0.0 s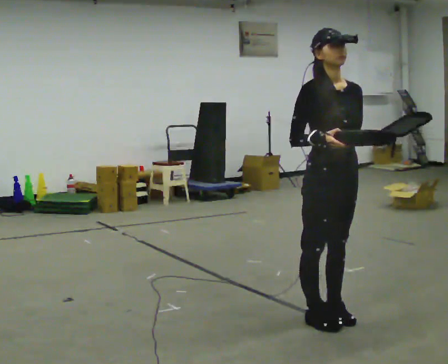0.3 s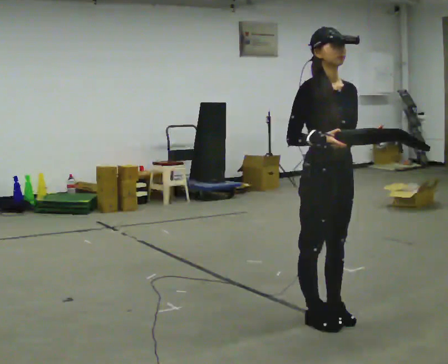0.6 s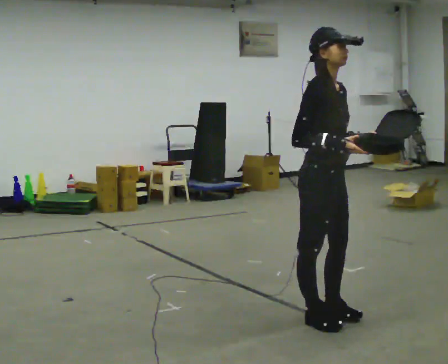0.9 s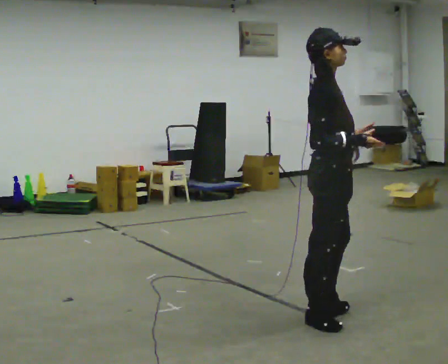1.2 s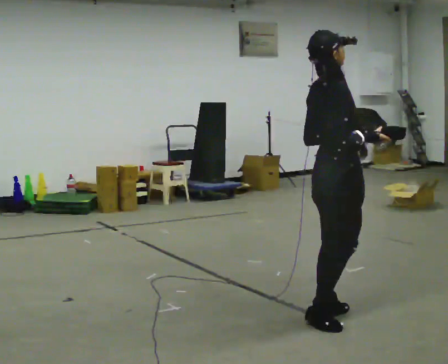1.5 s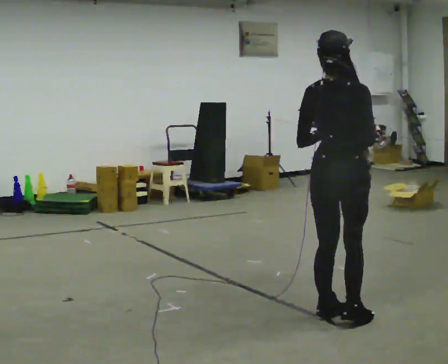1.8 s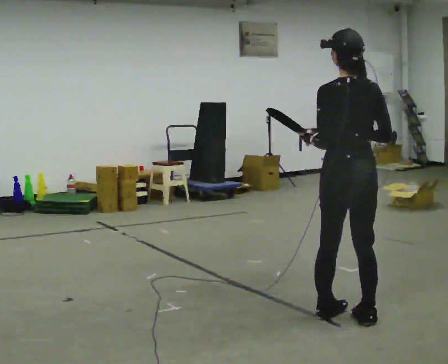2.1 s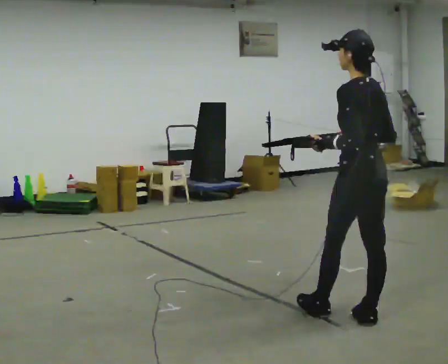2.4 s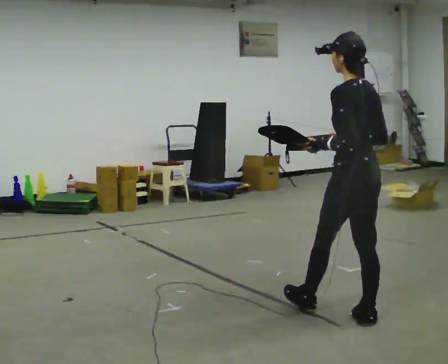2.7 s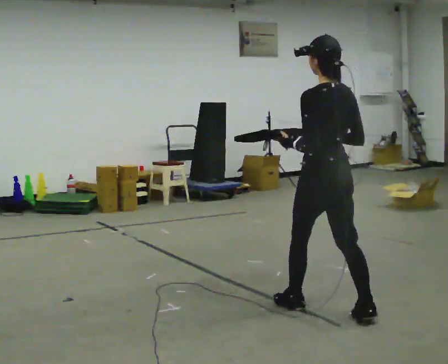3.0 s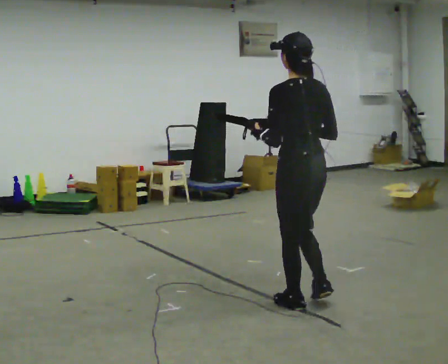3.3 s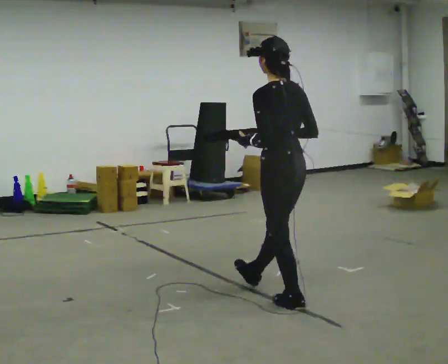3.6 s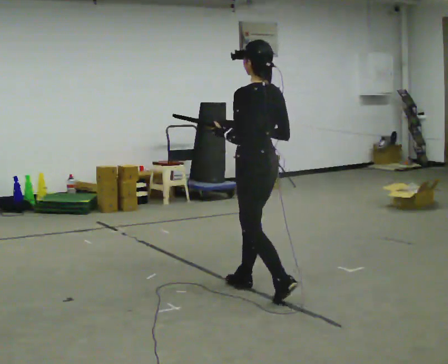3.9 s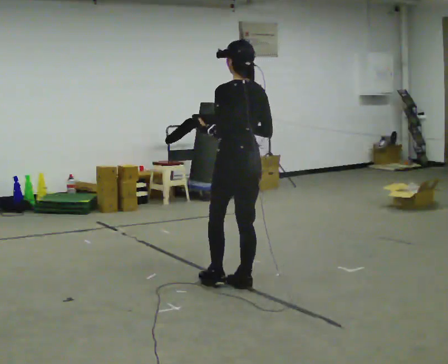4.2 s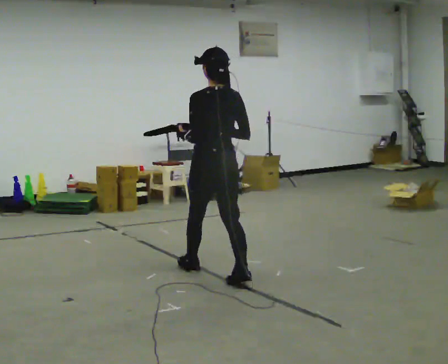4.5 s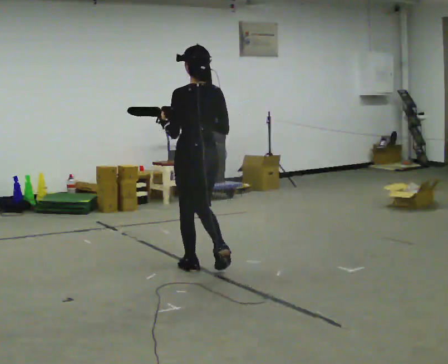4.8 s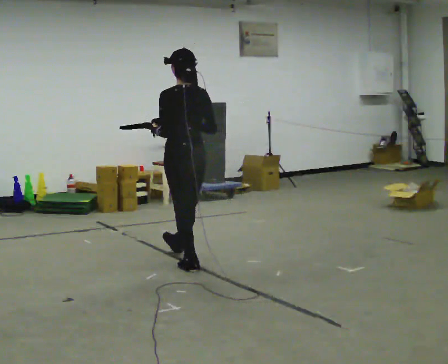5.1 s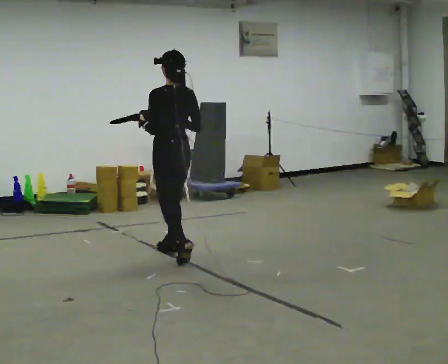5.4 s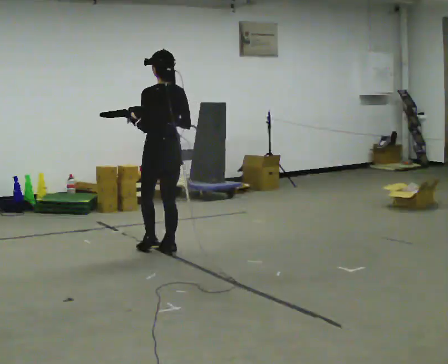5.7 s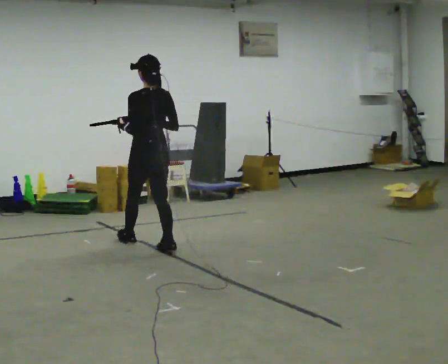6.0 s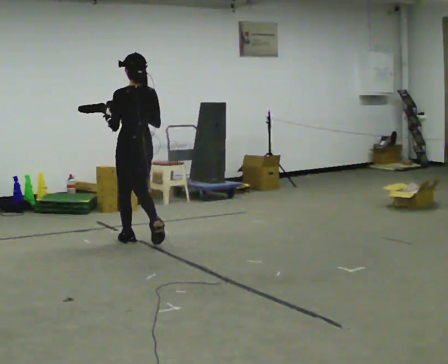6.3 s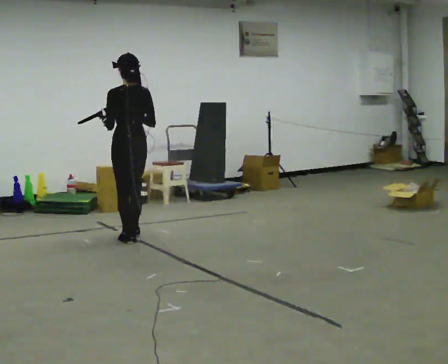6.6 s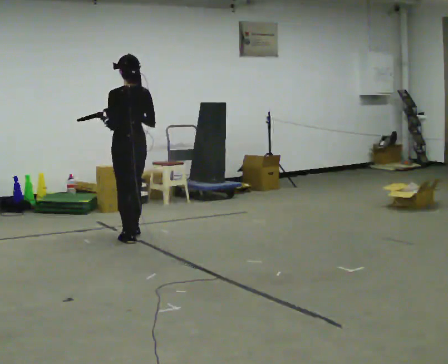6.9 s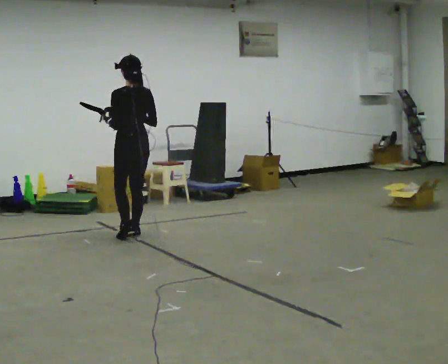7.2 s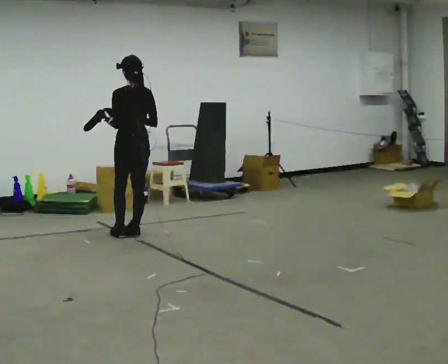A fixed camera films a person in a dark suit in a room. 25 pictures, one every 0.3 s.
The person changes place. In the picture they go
away from the camera.
0.0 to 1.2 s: The part of the body nearest the lens slides to the right as the person turns to their left by about 90 degrees.
1.2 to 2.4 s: Seen from above the body turns counterclockwise, about 105 degrees: to their left, with its near side sliding to the right.
2.4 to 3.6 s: In the picture they go away from the camera and to the left, about 1 m in 2 steps, which for them is forward.
3.6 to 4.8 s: In the picture they go away from the camera and to the left, about 1 m in 1 step, which for them is forward.
4.8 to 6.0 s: In the picture they go away from the camera and to the left, about 1 m in 2 steps, which for them is forward.
6.0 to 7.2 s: In the picture they go away from the camera, about 0.25 m in 2 steps, which for them is forward and to their right.
The film runs forward here.
